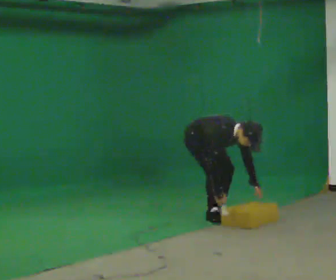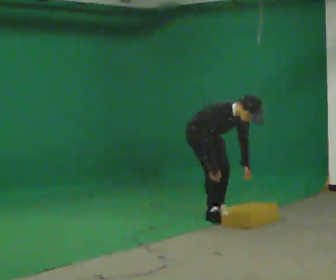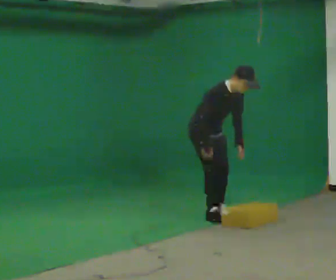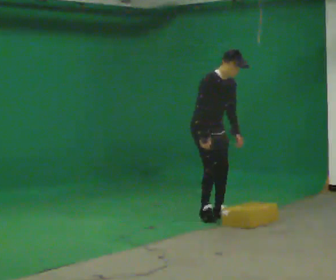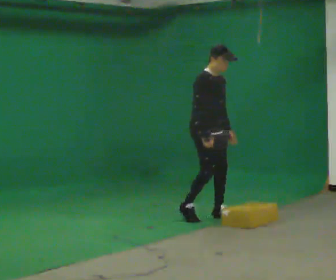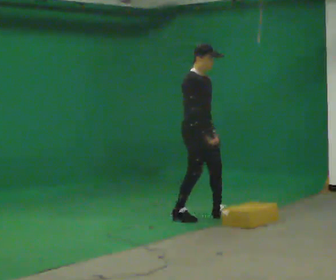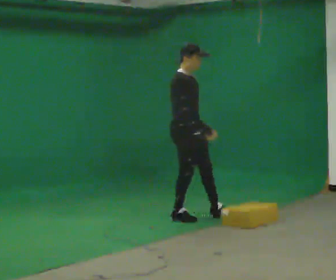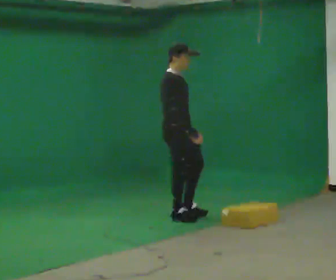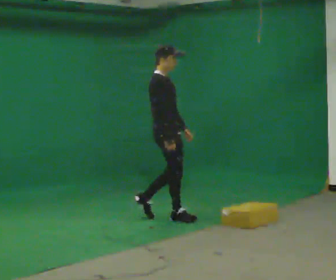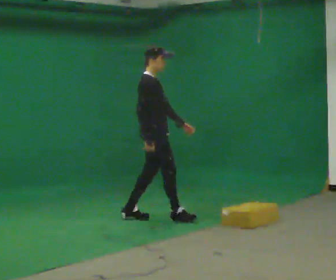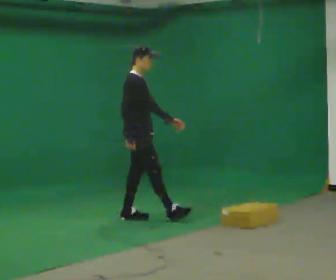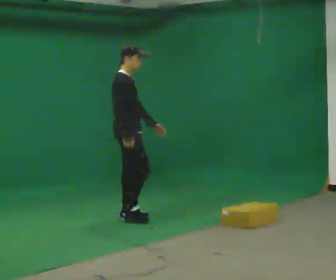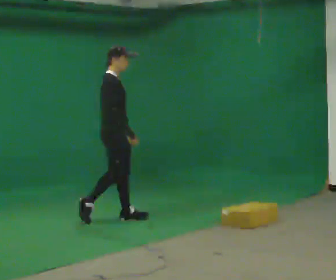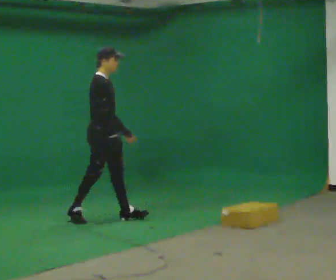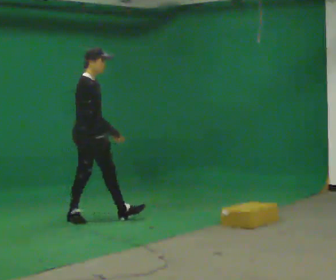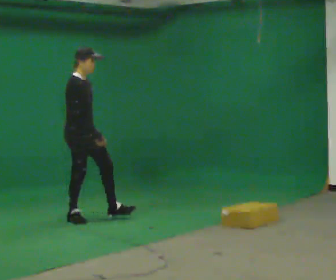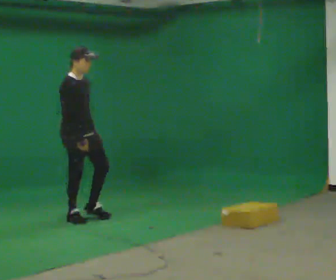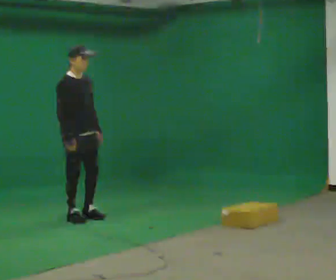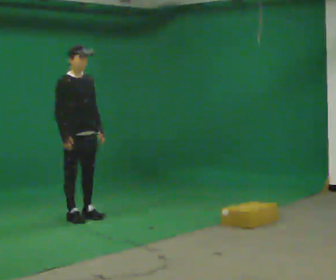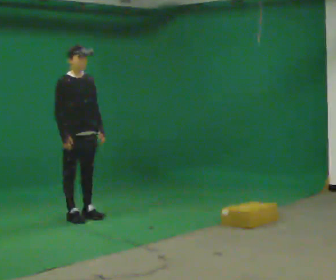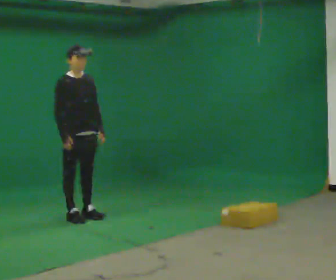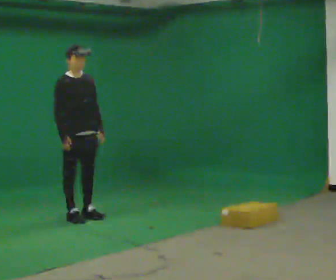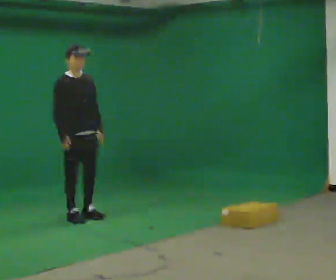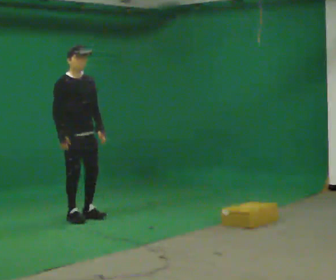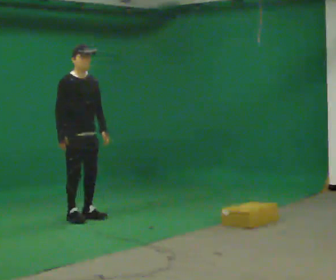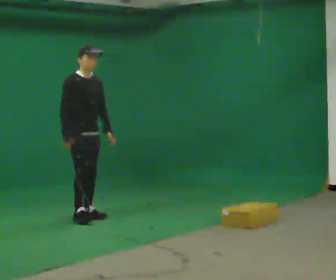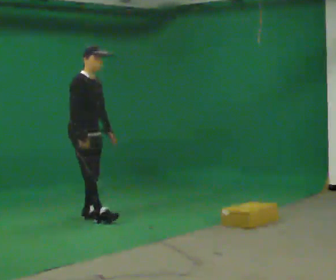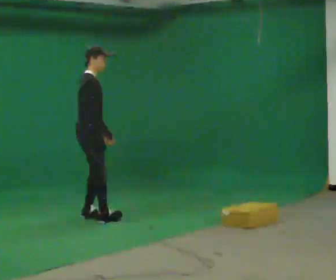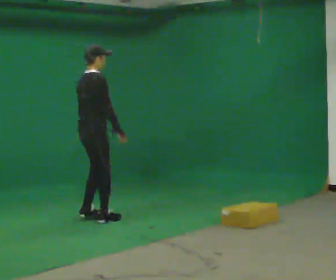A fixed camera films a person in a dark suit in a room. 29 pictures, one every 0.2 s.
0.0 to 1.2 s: The upper body goes upward. In the picture the upper body tilts counterclockwise, shoulders to the left, as they lean back or straighten. In the picture their right hand goes upward.
1.2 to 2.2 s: In the picture they go to the left, about 0.5 m in 1 step, which for them is backward.
2.2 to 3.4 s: Seen from above the body turns clockwise, about 30 degrees: to their right, with its near side sliding to the left. In the picture they go to the left, about 0.5 m in 1 step, which for them is backward.
3.4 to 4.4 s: The person moves a little, or ends about where they began.
4.4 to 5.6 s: Seen from above the body turns counterclockwise, about 75 degrees: to their left, with its near side sliding to the right. In the picture they go to the right, about 0.25 m in 2 steps. In the picture their right hand goes to the right.
The film runs backward here.
